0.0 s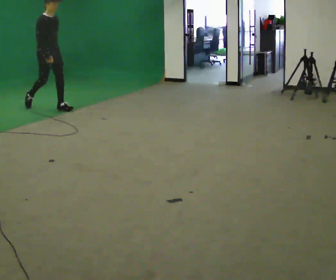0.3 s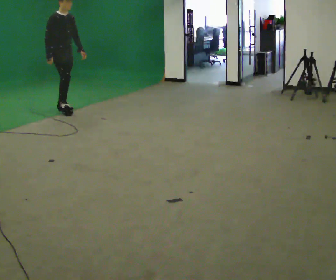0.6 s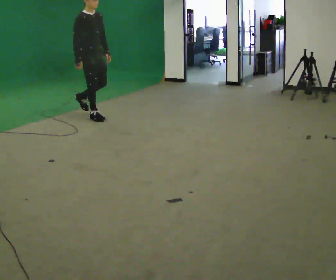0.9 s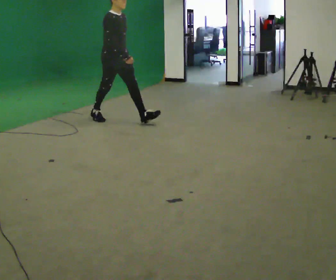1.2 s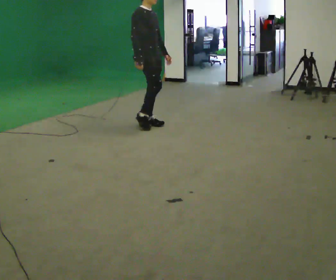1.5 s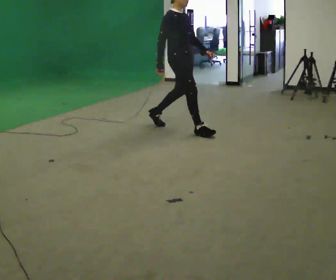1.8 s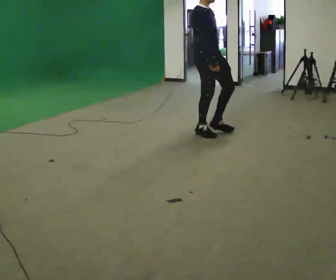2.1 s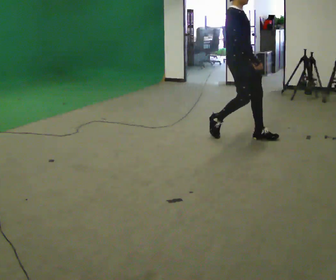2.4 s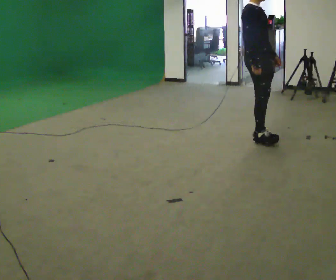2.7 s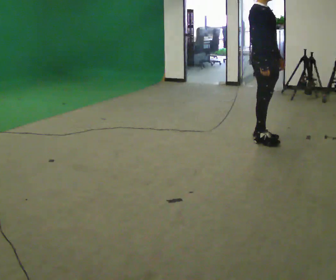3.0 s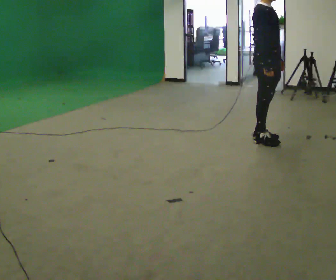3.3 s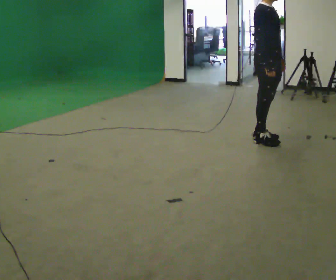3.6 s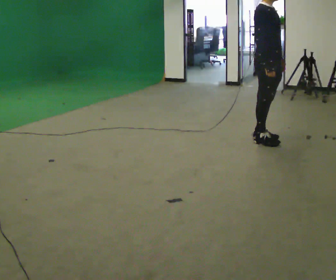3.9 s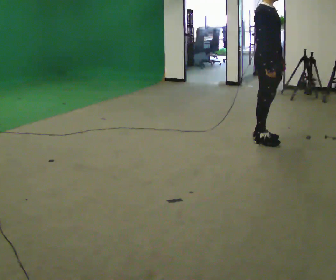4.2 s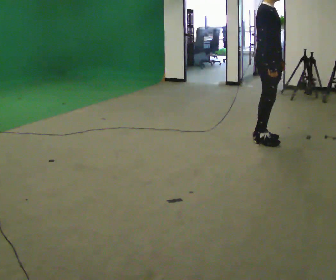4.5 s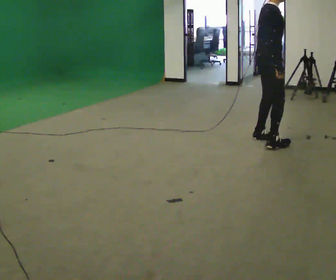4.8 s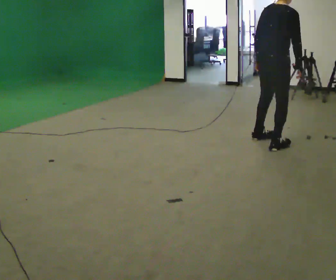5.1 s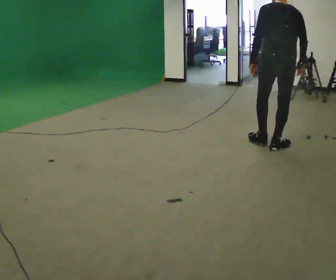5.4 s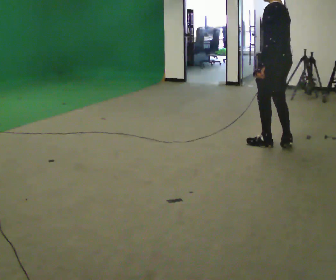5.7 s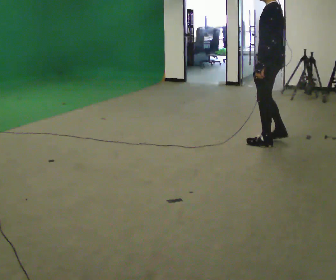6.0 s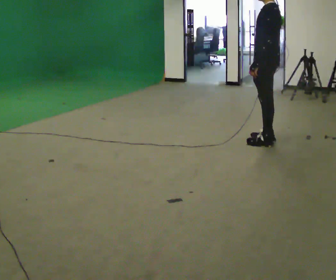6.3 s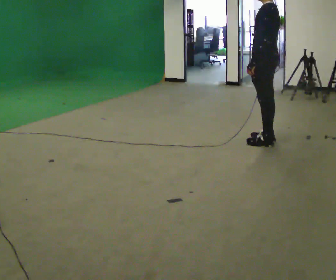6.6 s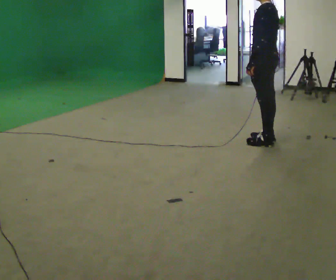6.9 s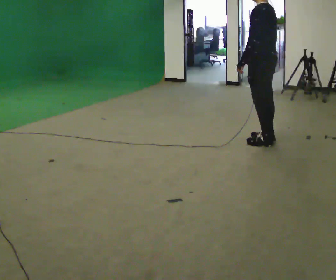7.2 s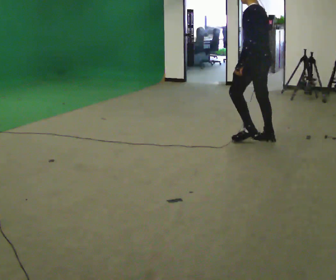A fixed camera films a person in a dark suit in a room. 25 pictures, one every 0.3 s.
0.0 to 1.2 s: In the picture they go to the right, about 1.5 m in 2 steps, which for them is forward.
1.2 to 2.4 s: In the picture they go to the right, about 1.5 m in 2 steps, which for them is forward.
2.4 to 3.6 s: The person moves a little, or ends about where they began.
3.6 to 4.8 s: Seen from above the body turns counterclockwise, about 75 degrees: to their left, with its near side sliding to the right. In the picture they go toward the camera, about 0.25 m in 1 step.
4.8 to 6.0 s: The part of the body nearest the lens slides to the right as the person turns to their left by about 120 degrees. In the picture they go away from the camera, about 0.25 m in 2 steps. In the picture their right hand goes to the left.
6.0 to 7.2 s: The person moves a little, or ends about where they began.
The film runs forward here.
